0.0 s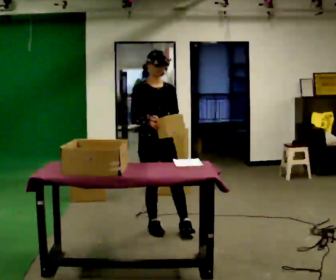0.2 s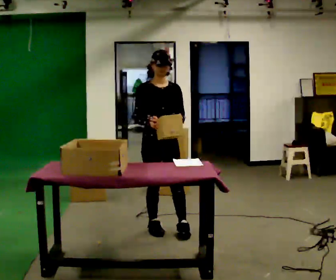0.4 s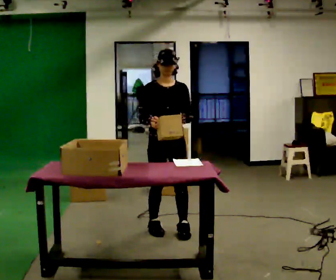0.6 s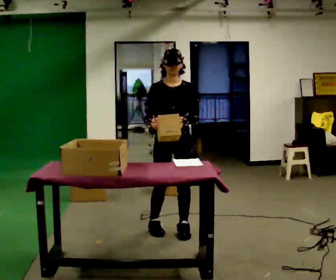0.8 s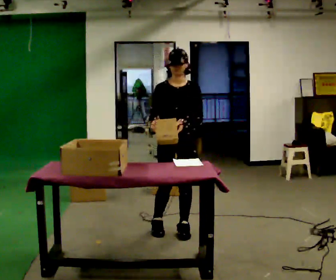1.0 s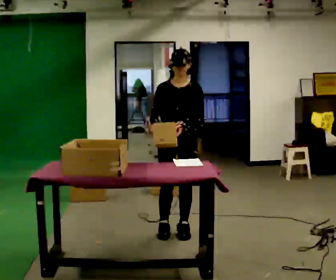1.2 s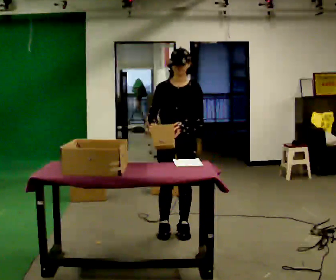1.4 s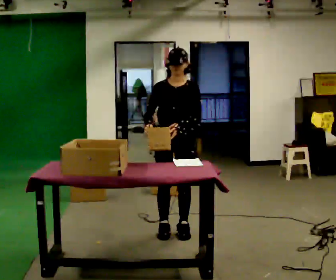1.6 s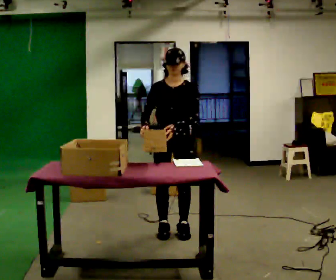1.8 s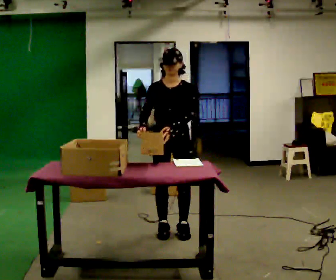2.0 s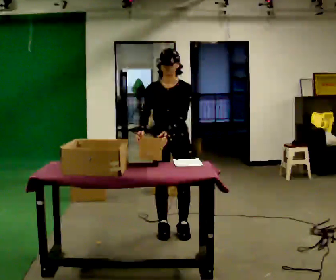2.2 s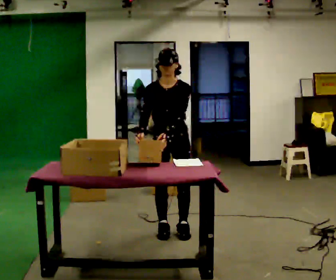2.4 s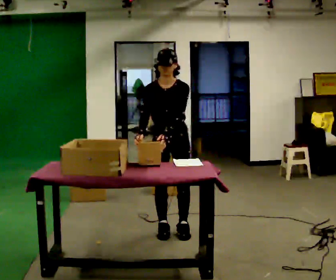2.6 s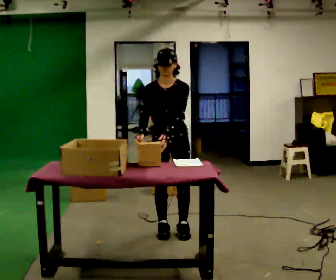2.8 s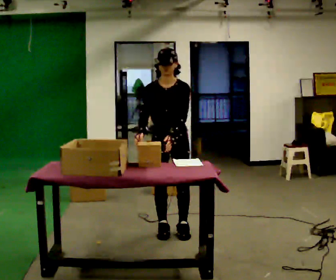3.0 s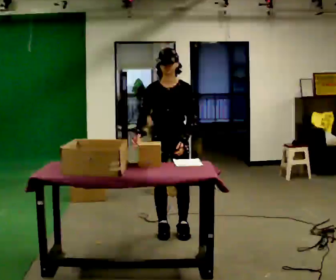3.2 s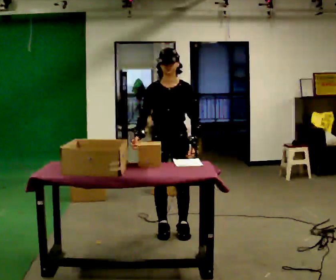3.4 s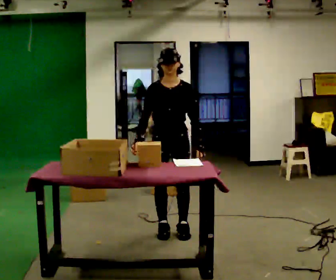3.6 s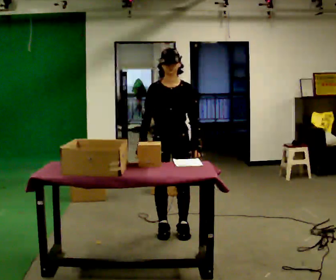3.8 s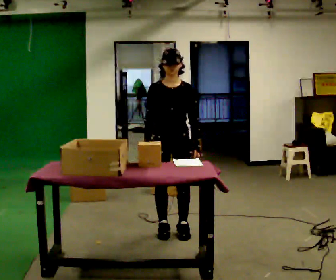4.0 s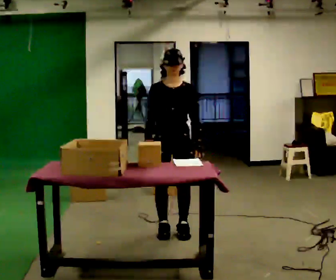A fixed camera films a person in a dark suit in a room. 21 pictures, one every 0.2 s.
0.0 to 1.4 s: The person turns about 30 degrees to their right, clockwise seen from above, so the part of the body nearest the lens slides to the left. In the picture they go to the right, about 0.25 m, which for them is to their left.
1.4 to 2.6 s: The person moves a little, or ends about where they began.
2.6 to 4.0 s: The upper body tips away from the camera, its near side rolling upward, as they lean back or straighten.
The film runs forward here.
